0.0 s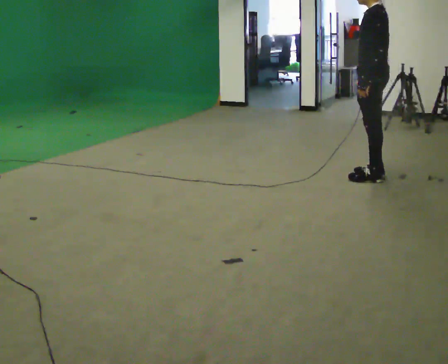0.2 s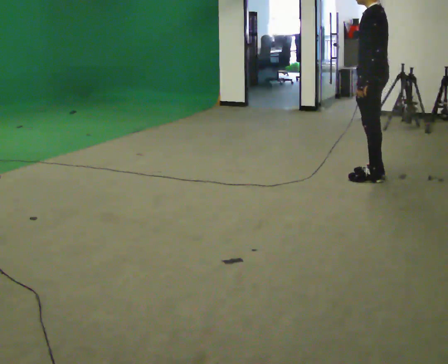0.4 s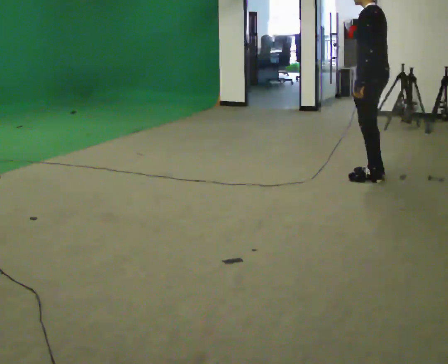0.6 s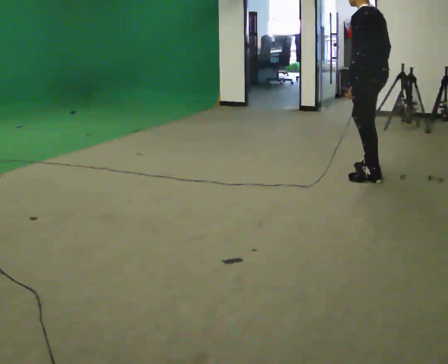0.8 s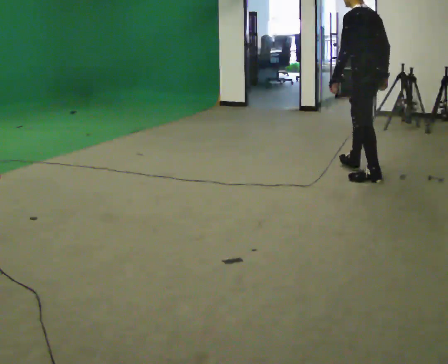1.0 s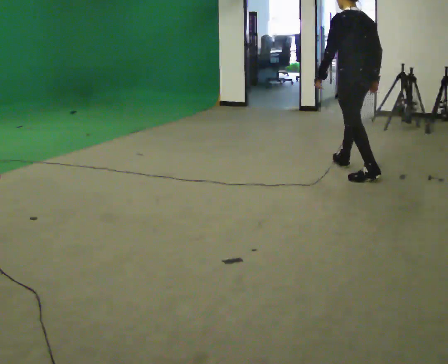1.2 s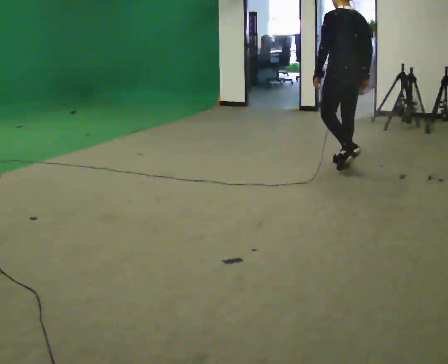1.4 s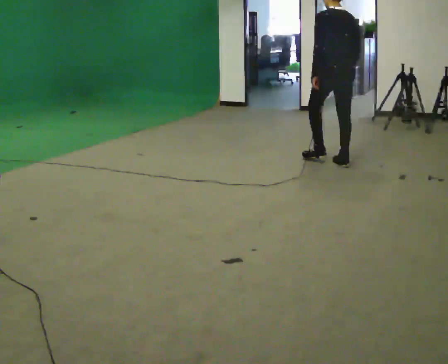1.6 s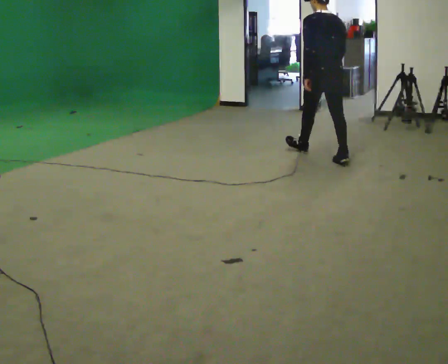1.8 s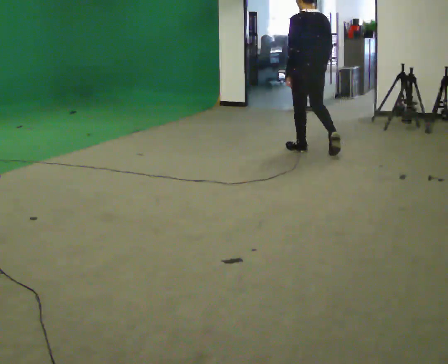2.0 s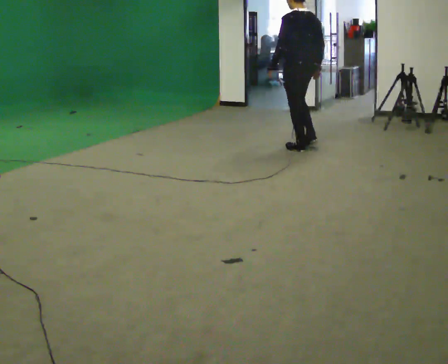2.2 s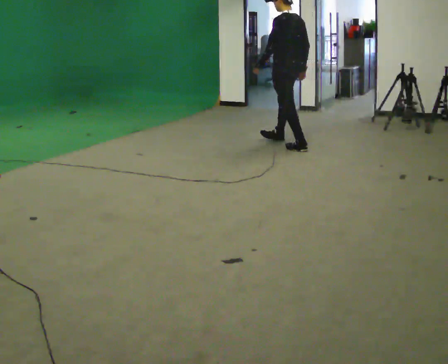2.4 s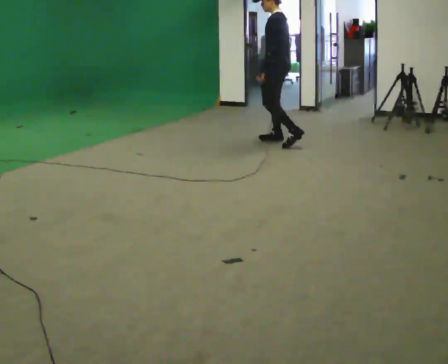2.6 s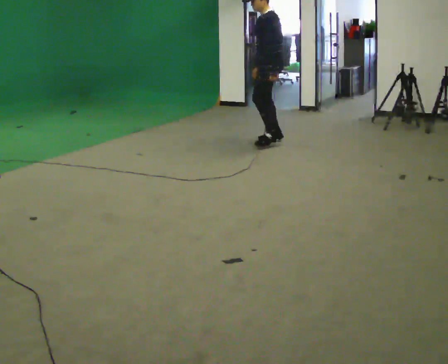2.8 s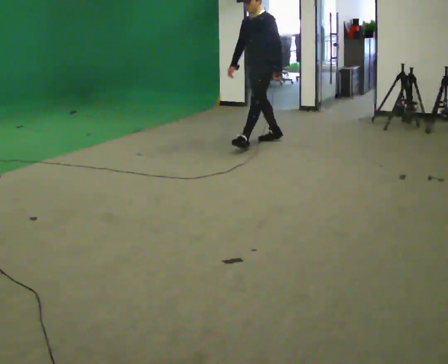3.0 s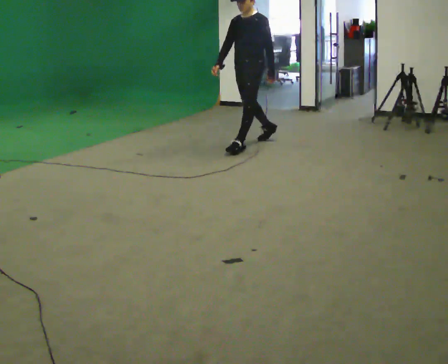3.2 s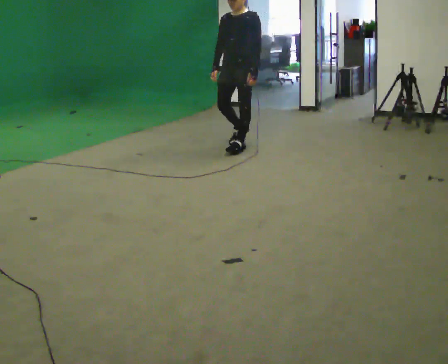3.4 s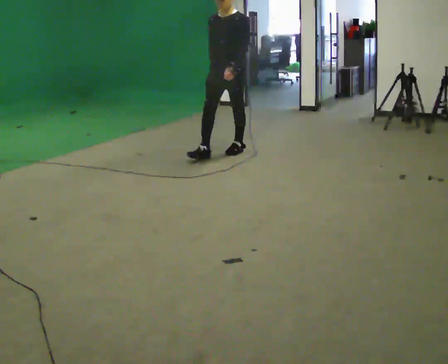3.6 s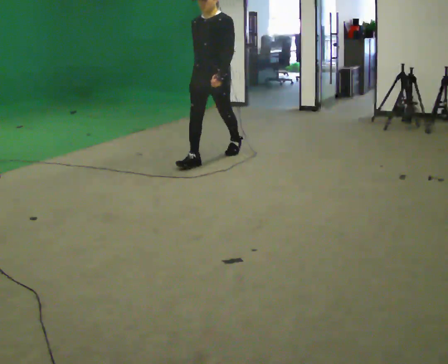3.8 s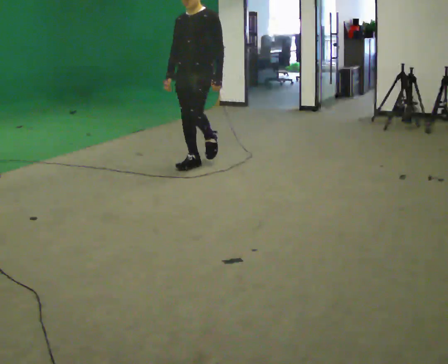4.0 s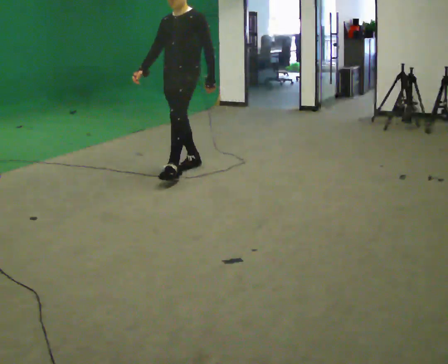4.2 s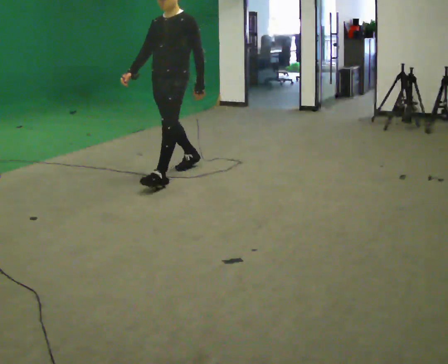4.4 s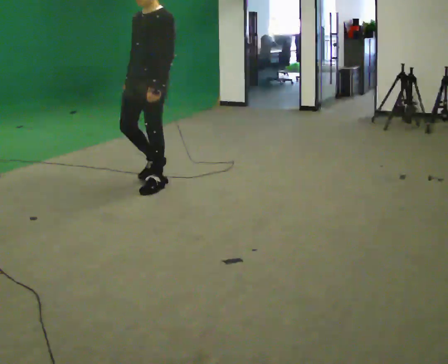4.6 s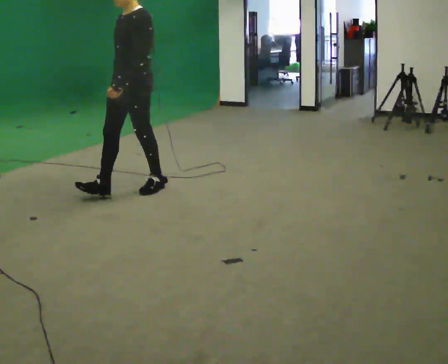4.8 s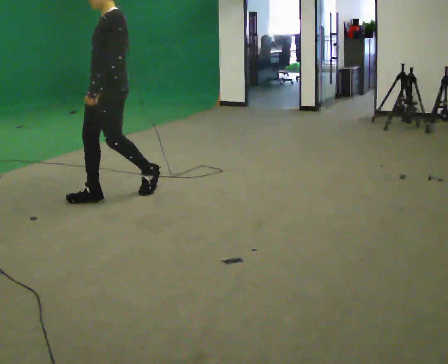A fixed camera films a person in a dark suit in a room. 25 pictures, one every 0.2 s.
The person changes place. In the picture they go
to the left.
The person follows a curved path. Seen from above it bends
counterclockwise.
0.0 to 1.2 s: The person turns about 45 degrees to their right, clockwise seen from above, so the part of the body nearest the lens slides to the left. In the picture they go away from the camera and to the left, about 0.5 m in 1 step, which for them is forward and to their right.
1.2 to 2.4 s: The person turns about 45 degrees to their left, counterclockwise seen from above, so the part of the body nearest the lens slides to the right. In the picture they go away from the camera and to the left, about 1 m in 2 steps, which for them is forward.
2.4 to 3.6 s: Seen from above the body turns counterclockwise, about 75 degrees: to their left, with its near side sliding to the right. In the picture they go toward the camera and to the left, about 1 m in 2 steps.
3.6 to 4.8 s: Seen from above the body turns clockwise, about 30 degrees: to their right, with its near side sliding to the left. In the picture they go toward the camera and to the left, about 1.5 m in 2 steps, which for them is forward.
The film runs forward here.
